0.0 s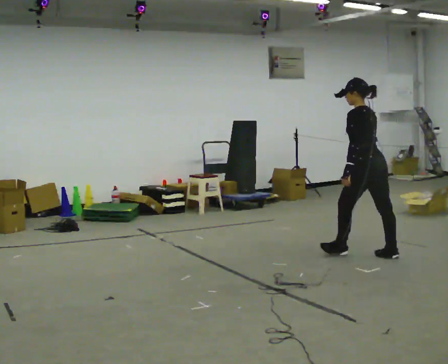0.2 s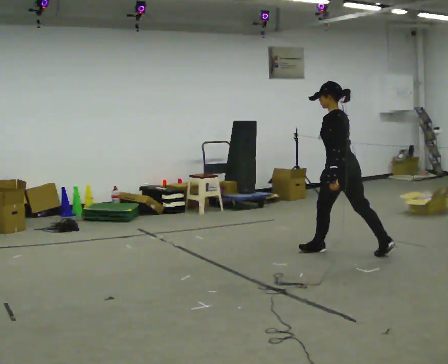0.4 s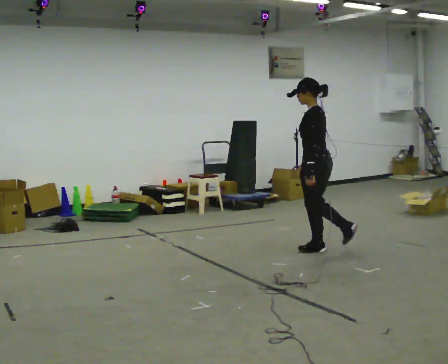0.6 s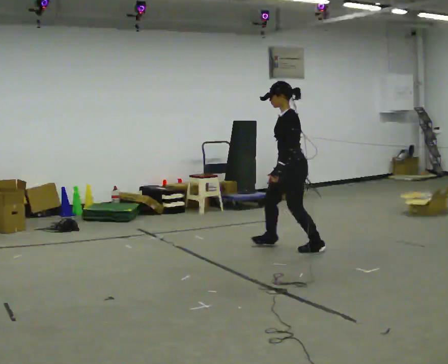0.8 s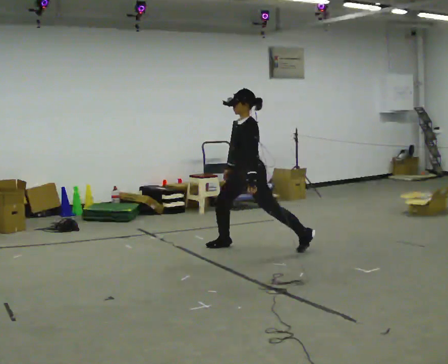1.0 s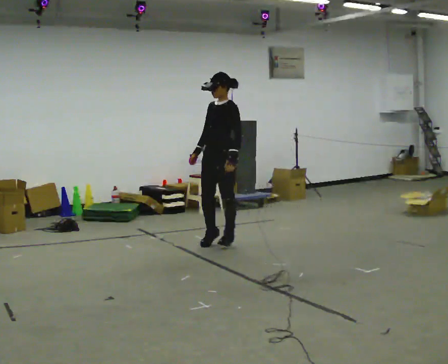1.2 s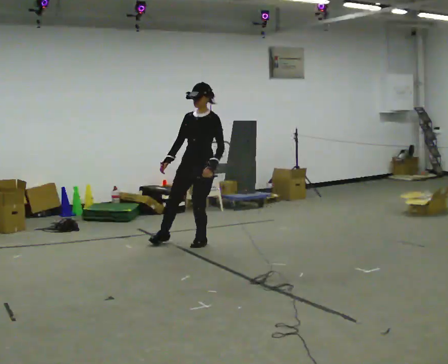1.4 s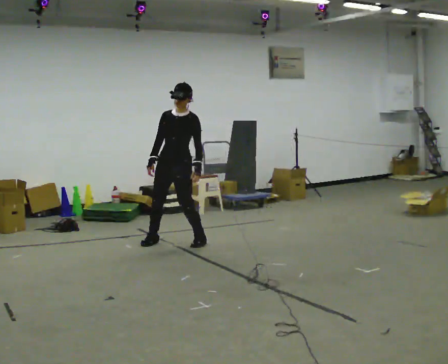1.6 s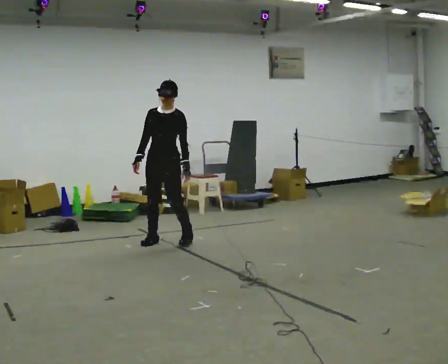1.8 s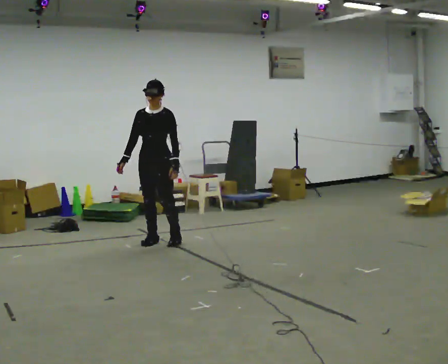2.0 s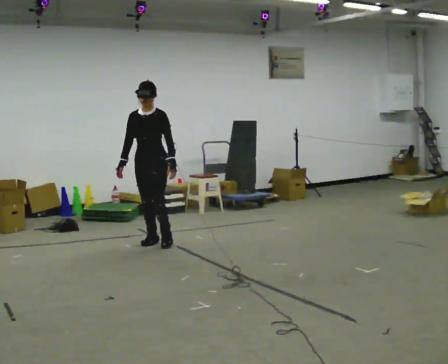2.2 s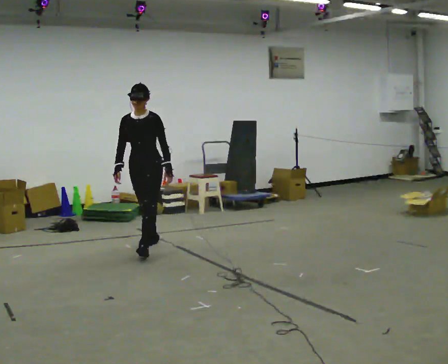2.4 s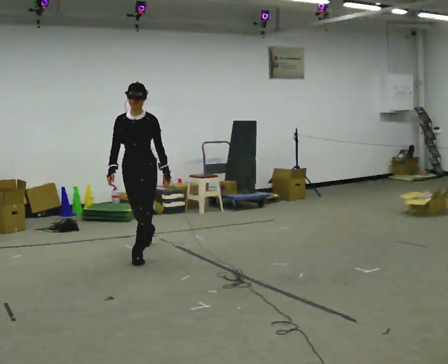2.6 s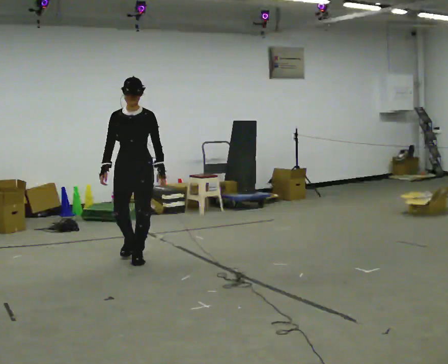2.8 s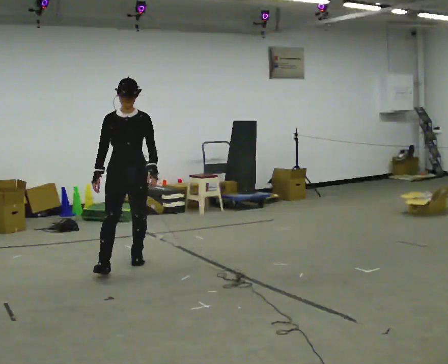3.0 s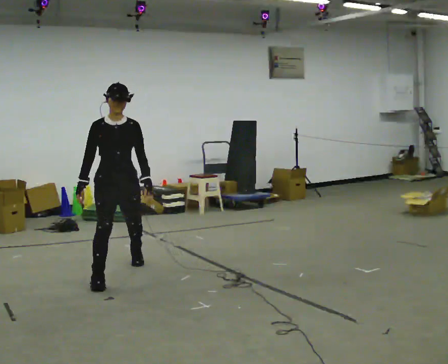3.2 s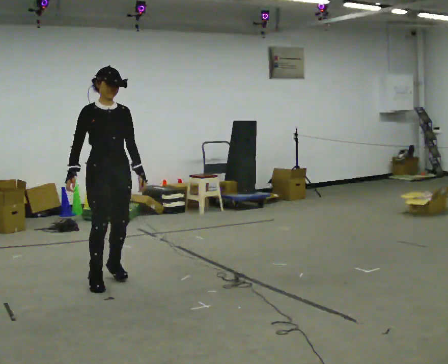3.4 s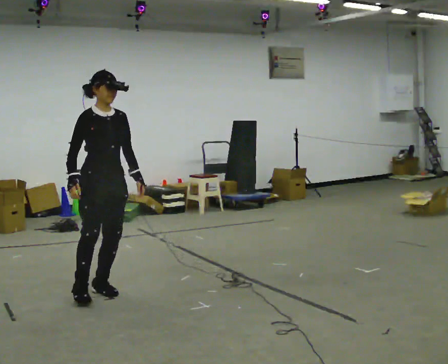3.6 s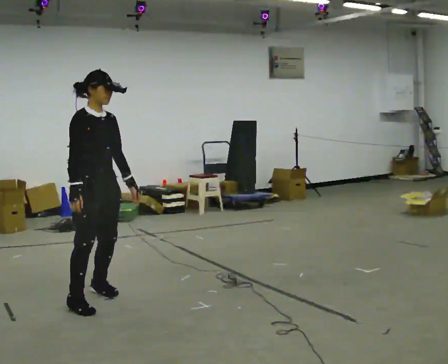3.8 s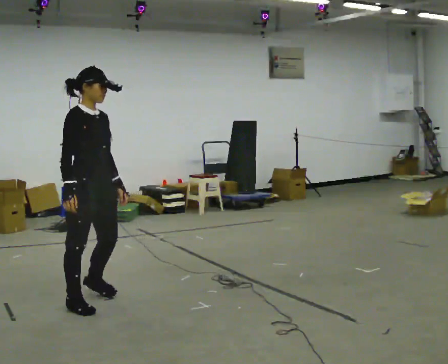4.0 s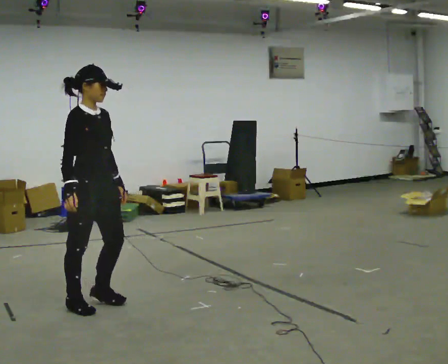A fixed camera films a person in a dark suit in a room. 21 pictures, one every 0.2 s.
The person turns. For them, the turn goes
to their left.
The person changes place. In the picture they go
to the left.
0.0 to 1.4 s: The person turns about 120 degrees to their left, counterclockwise seen from above, so the part of the body nearest the lens slides to the right. In the picture they go to the left and away from the camera, about 2 m in 3 steps.
1.4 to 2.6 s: In the picture they go toward the camera and to the left, about 0.75 m in 2 steps, which for them is forward.
2.6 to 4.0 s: The person turns about 60 degrees to their left, counterclockwise seen from above, so the part of the body nearest the lens slides to the right. In the picture they go toward the camera, about 1.5 m in 3 steps.
The film runs forward here.
